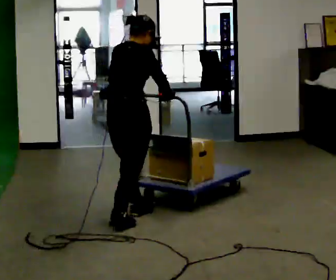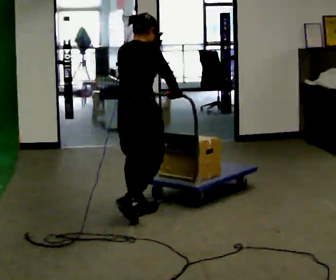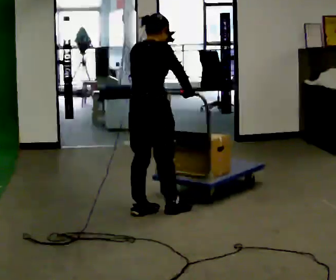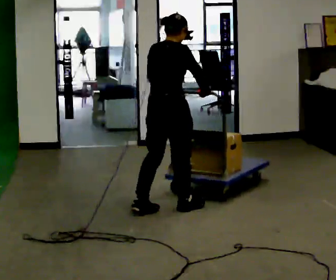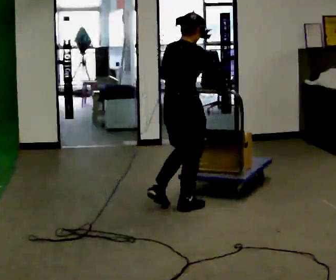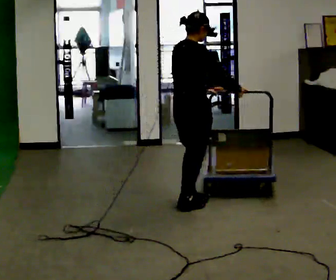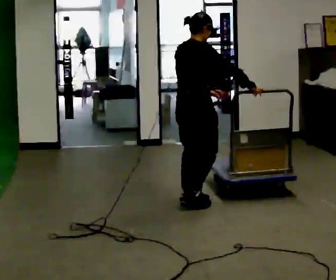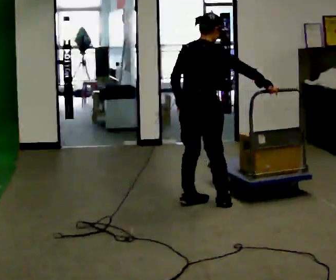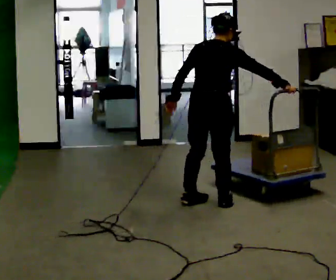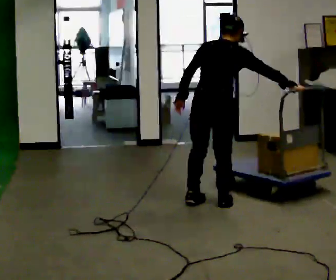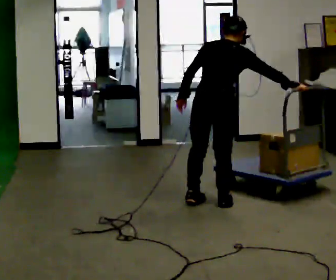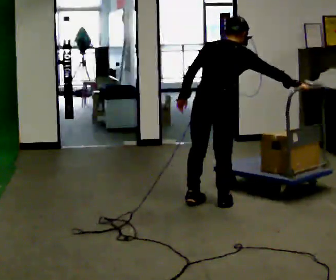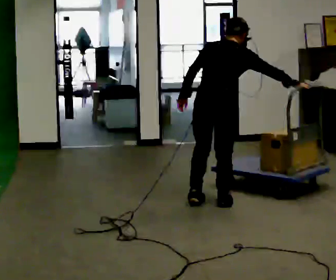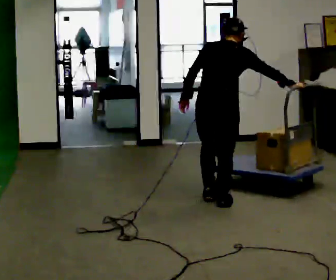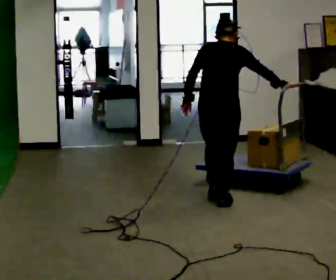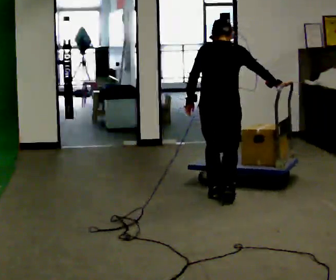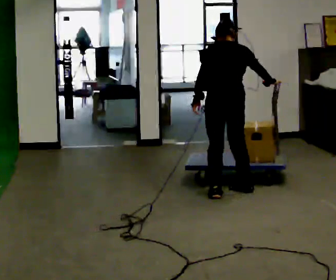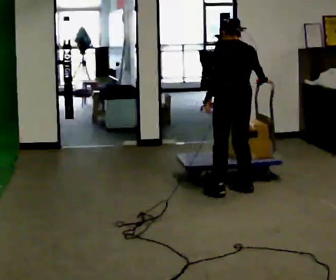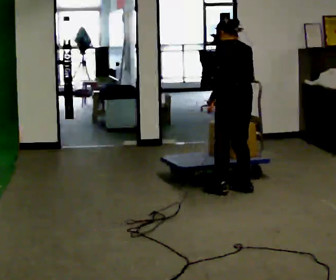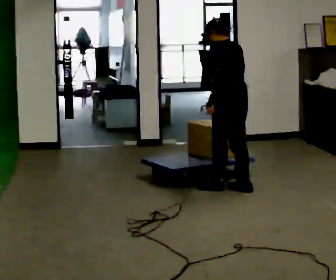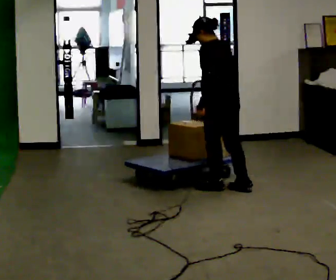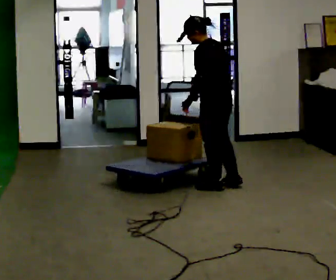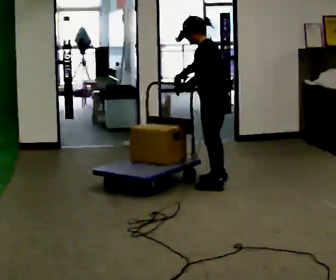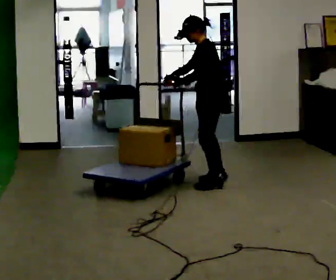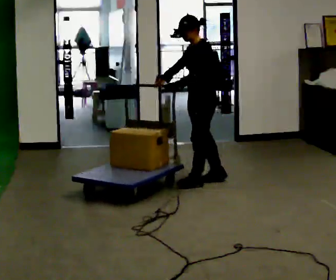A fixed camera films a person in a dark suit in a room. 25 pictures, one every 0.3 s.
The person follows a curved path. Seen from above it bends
counterclockwise.
The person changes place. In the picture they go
away from the camera.
0.0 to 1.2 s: In the picture they go away from the camera and to the right, about 0.5 m in 1 step, which for them is forward.
1.2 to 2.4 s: In the picture they go to the right, about 0.25 m in 2 steps, which for them is forward.
2.4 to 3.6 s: The person moves a little, or ends about where they began.
3.6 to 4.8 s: The person turns about 30 degrees to their left, counterclockwise seen from above, so the part of the body nearest the lens slides to the right. In the picture they go away from the camera, about 0.25 m in 2 steps, which for them is forward. In the picture the upper body tilts counterclockwise, shoulders to the left.
4.8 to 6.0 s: The person turns about 30 degrees to their left, counterclockwise seen from above, so the part of the body nearest the lens slides to the right. In the picture they go away from the camera, about 0.25 m in 1 step, which for them is forward. In the picture the upper body tilts counterclockwise, shoulders to the left. In the picture their right hand goes to the left.
6.0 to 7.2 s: The person turns about 45 degrees to their left, counterclockwise seen from above, so the part of the body nearest the lens slides to the right. In the picture they go away from the camera and to the left, about 0.25 m in 2 steps, which for them is to their right and forward.
The film runs forward here.
